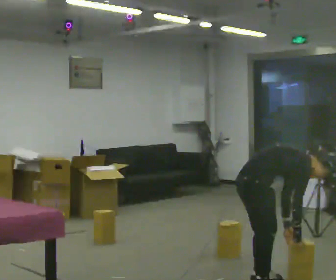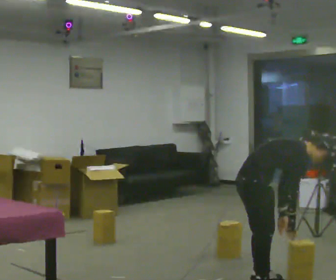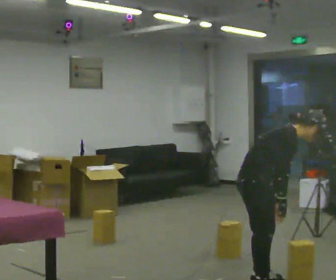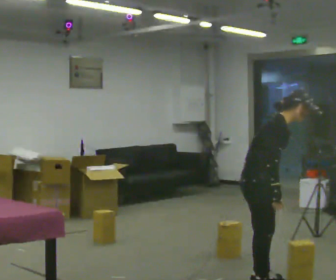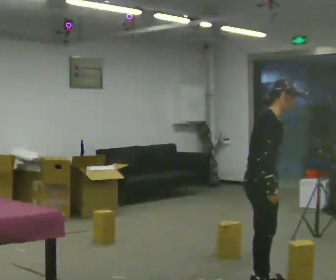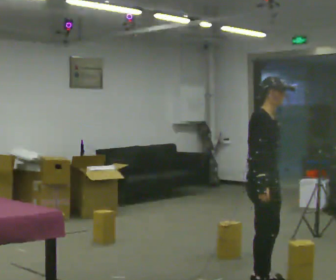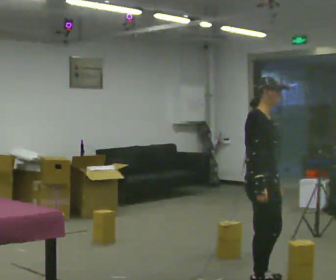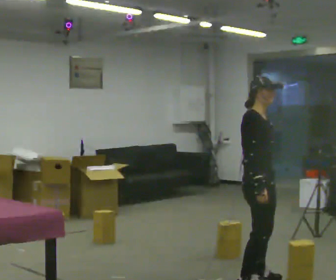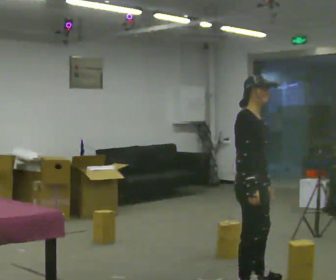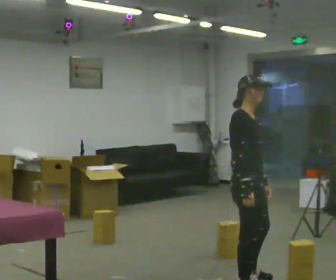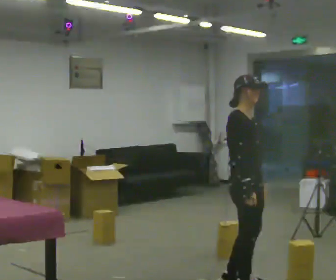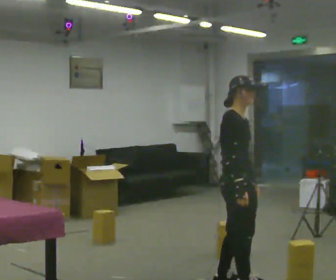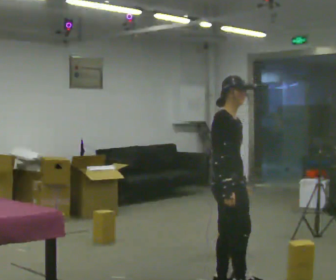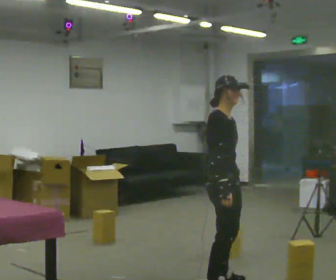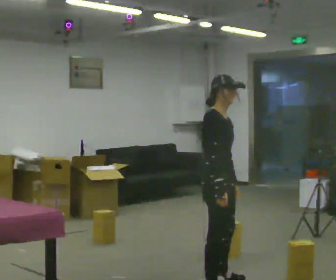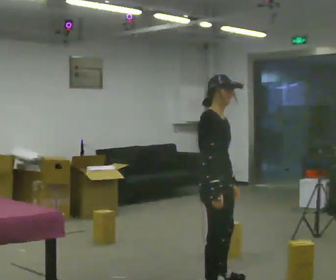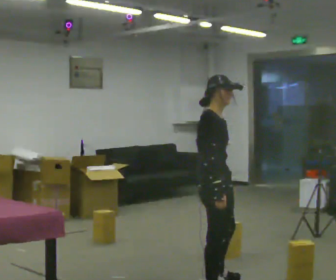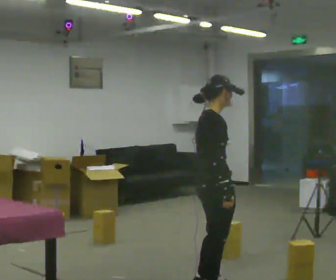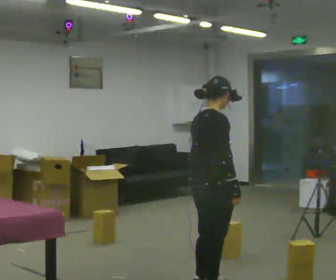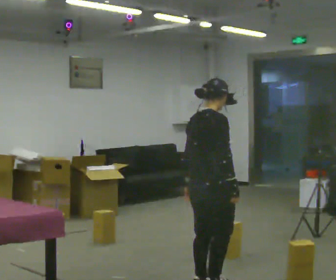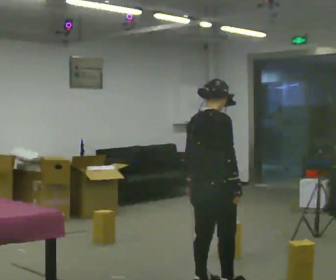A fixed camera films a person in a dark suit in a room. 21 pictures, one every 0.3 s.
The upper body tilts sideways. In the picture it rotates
counterclockwise.
The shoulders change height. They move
upward.
0.0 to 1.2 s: The shoulders move upward. In the picture the upper body tilts counterclockwise, shoulders to the left, as they lean back or straighten. In the picture their right hand goes upward.
1.2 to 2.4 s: The person moves a little, or ends about where they began.
2.4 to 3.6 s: In the picture they go to the left, about 0.25 m in 1 step, which for them is backward.
3.6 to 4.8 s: The person moves a little, or ends about where they began.
4.8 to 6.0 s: Seen from above the body turns counterclockwise, about 45 degrees: to their left, with its near side sliding to the right.
The film runs forward here.
